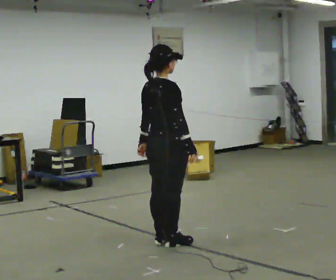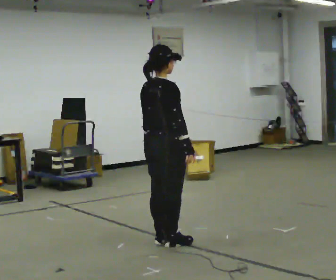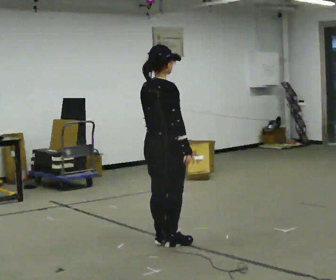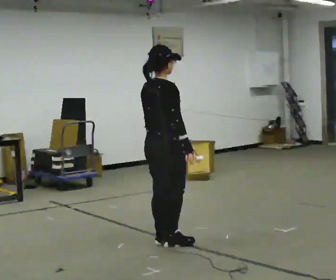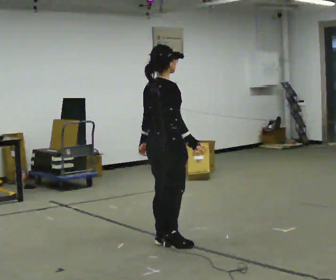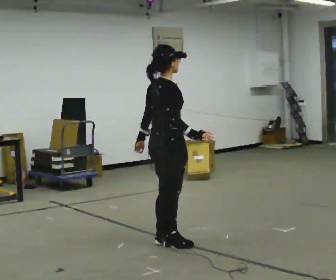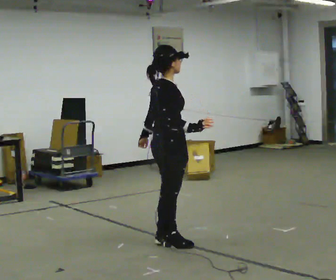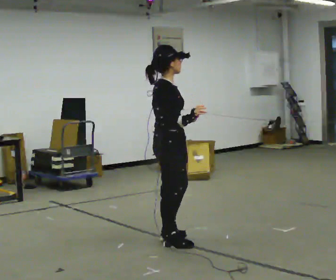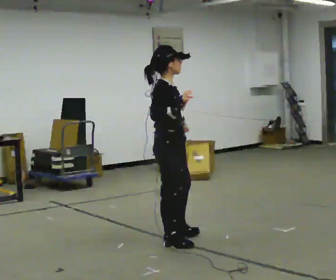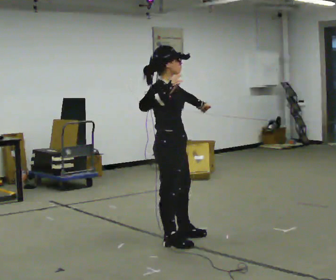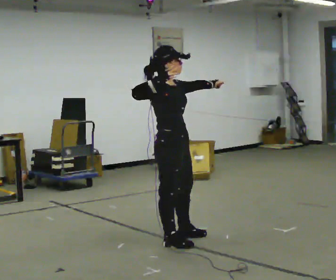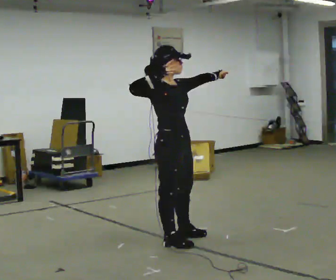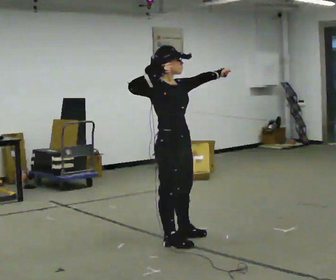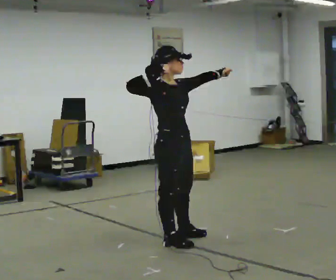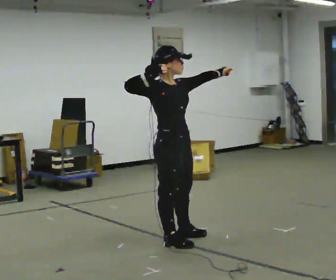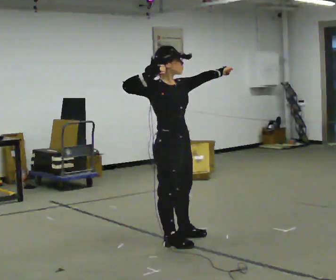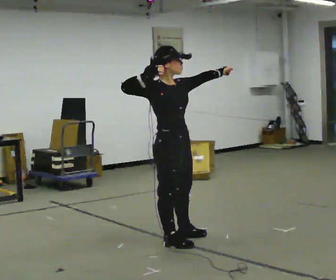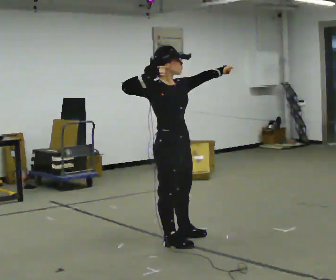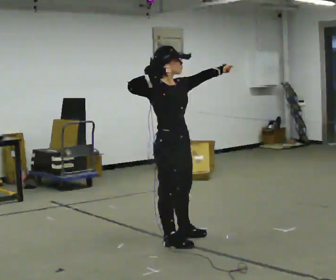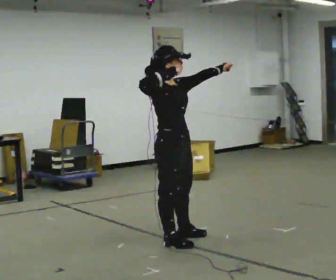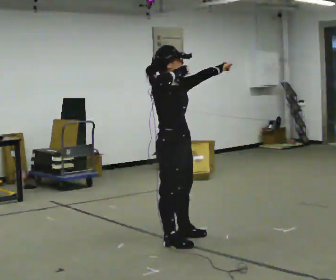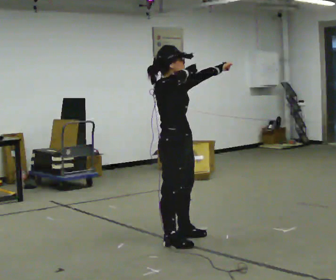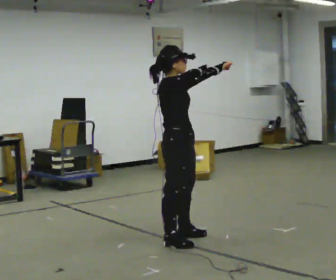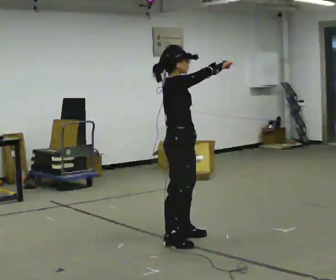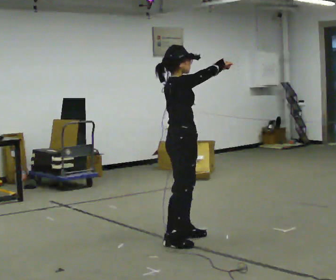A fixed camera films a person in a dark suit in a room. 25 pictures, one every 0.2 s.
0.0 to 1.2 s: The person moves a little, or ends about where they began.
1.2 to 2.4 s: Seen from above the body turns clockwise, about 45 degrees: to their right, with its near side sliding to the left. In the picture their left hand goes to the right and upward, the arm swinging counterclockwise.
2.4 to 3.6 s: The person moves a little, or ends about where they began.
3.6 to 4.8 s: The person turns about 30 degrees to their left, counterclockwise seen from above, so the part of the body nearest the lens slides to the right. In the picture their right hand goes to the right.
The film runs backward here.
